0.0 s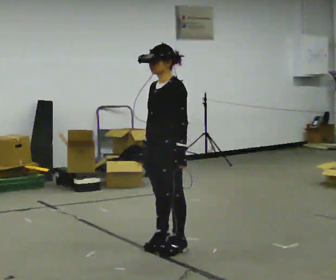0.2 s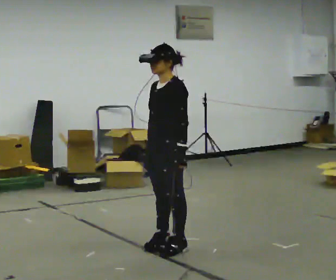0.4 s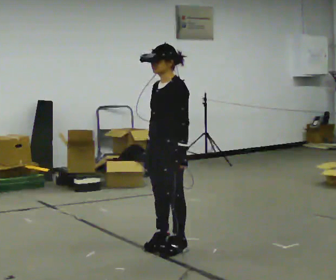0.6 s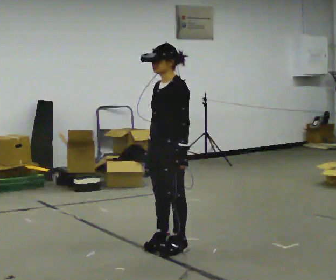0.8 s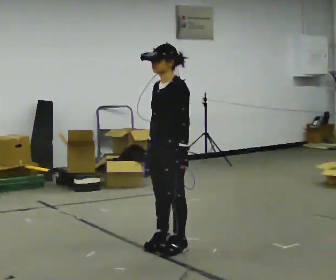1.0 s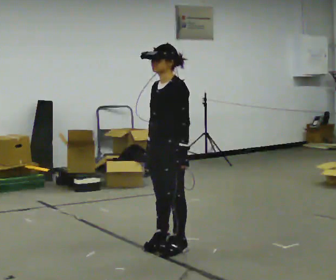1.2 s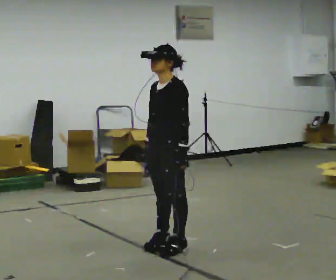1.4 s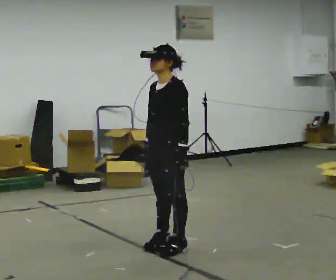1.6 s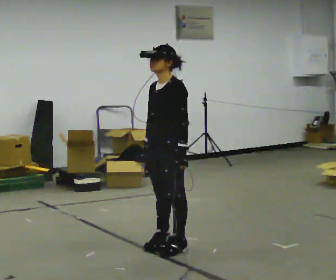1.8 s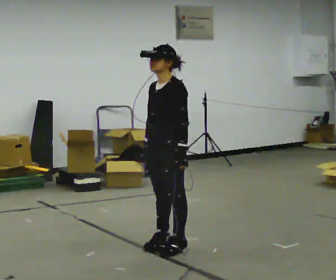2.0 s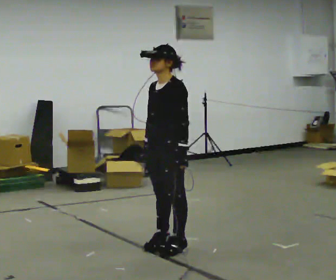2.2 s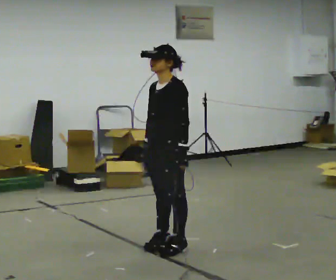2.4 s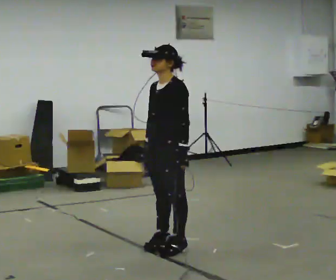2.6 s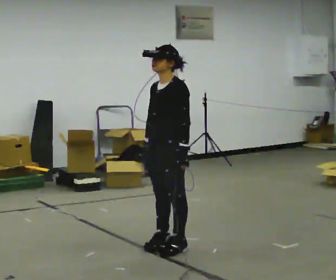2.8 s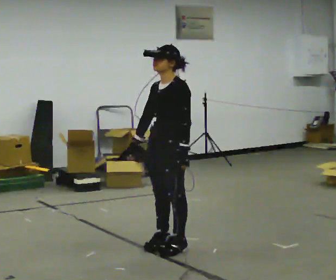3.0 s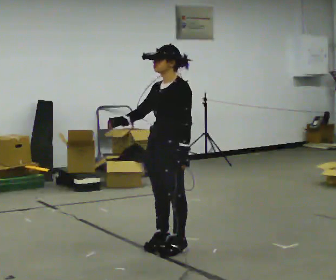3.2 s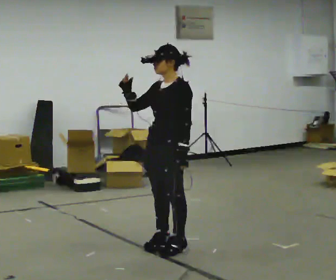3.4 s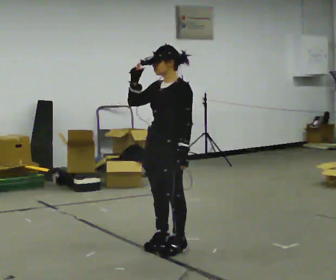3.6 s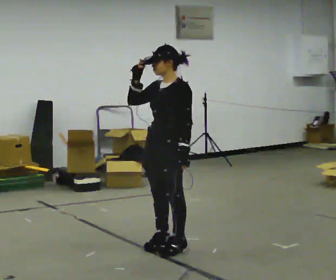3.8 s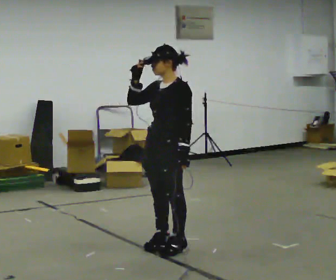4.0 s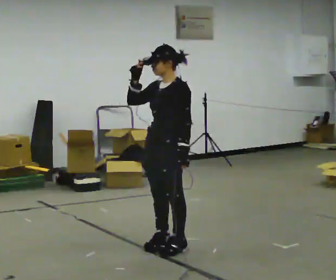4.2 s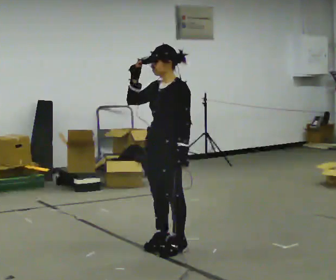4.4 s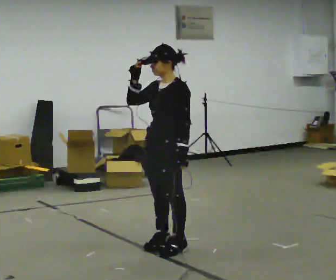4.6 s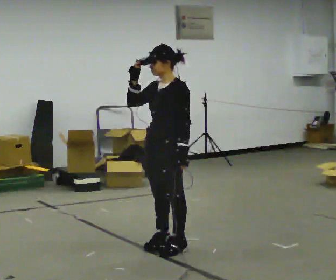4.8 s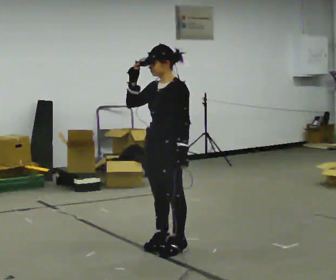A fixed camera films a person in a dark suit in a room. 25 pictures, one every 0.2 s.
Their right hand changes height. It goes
upward.
0.0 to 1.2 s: The person moves a little, or ends about where they began.
1.2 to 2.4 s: The person keeps their place and pose.
2.4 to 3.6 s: In the picture their right hand goes upward.
3.6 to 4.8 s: The person keeps their place and pose.
The film runs forward here.
